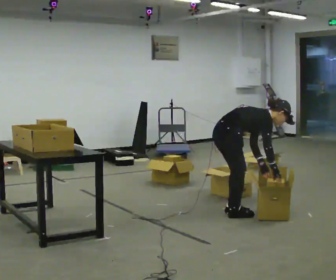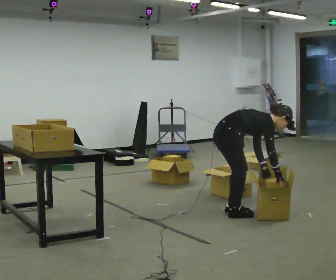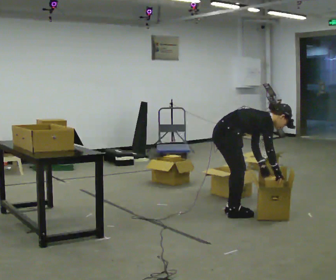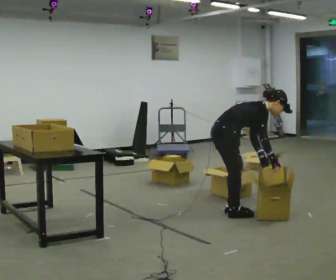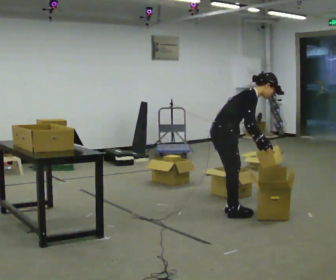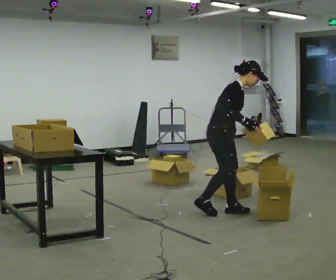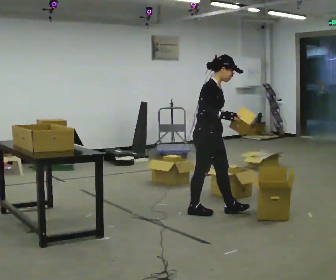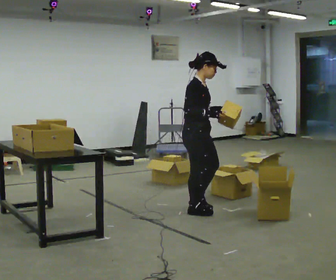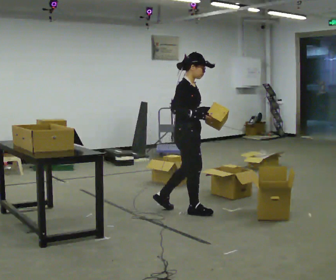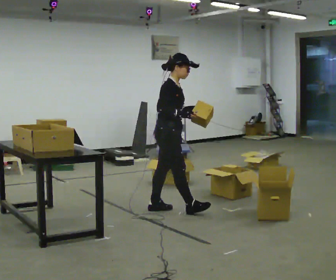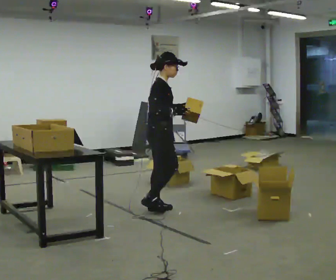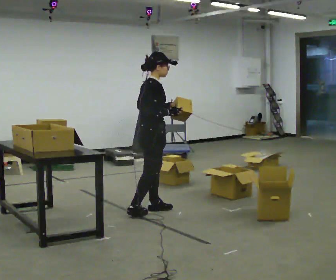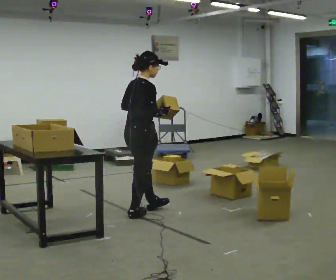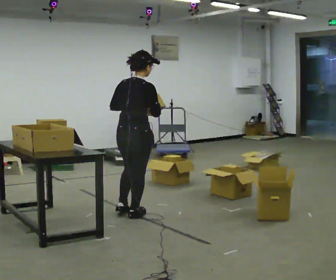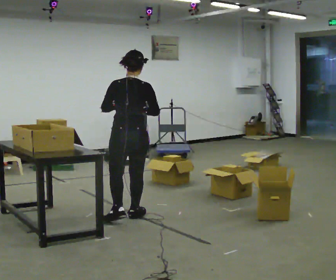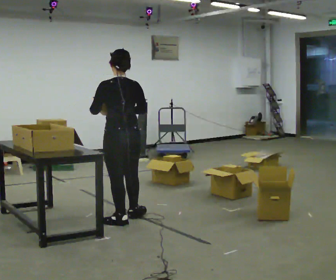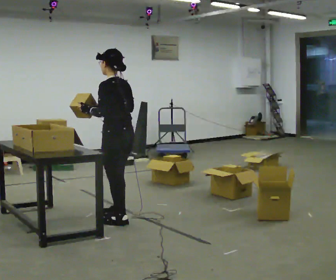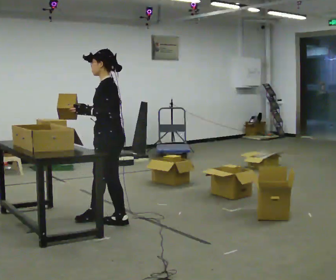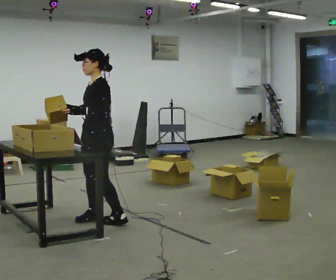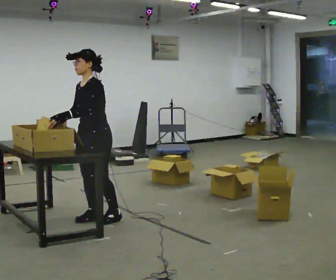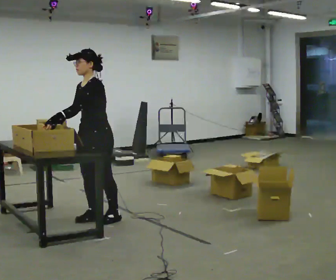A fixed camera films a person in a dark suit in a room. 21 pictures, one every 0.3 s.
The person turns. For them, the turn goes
to their left.
The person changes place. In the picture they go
to the left.
0.0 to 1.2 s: The upper body goes upward. In the picture the upper body tilts counterclockwise, shoulders to the left, as they lean back or straighten.
1.2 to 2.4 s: In the picture they go to the left, about 0.25 m in 1 step, which for them is backward. In the picture the upper body tilts counterclockwise, shoulders to the left, as they lean back or straighten.
2.4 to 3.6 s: Seen from above the body turns counterclockwise, about 45 degrees: to their left, with its near side sliding to the right. In the picture they go to the left, about 0.5 m in 2 steps, which for them is backward.
3.6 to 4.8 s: The person turns about 120 degrees to their left, counterclockwise seen from above, so the part of the body nearest the lens slides to the right. In the picture they go toward the camera and to the left, about 0.25 m in 1 step.
4.8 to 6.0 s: The part of the body nearest the lens slides to the right as the person turns to their left by about 75 degrees. In the picture they go to the left, about 0.25 m in 1 step. In the picture their right hand goes to the left.
The film runs backward here.
